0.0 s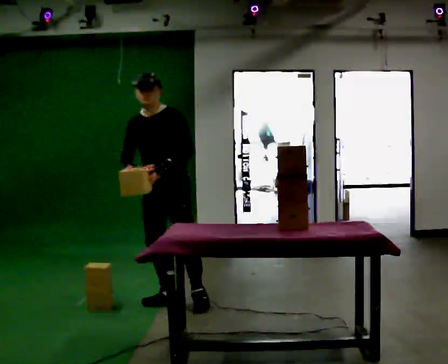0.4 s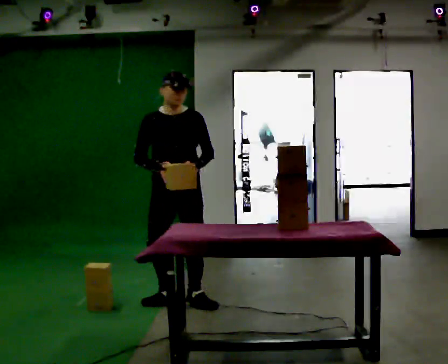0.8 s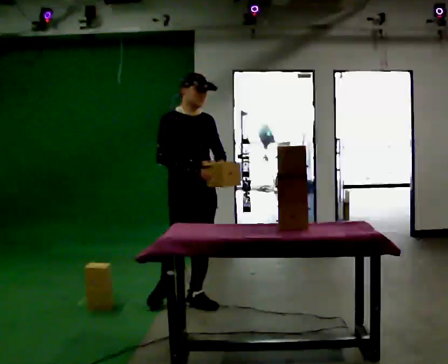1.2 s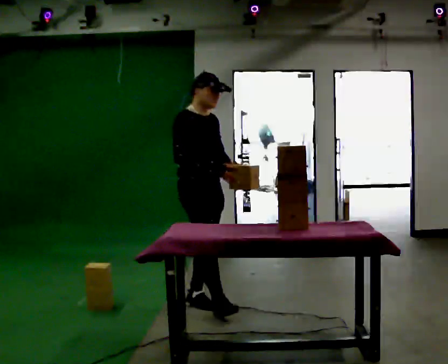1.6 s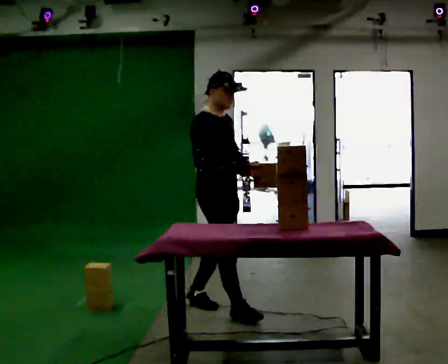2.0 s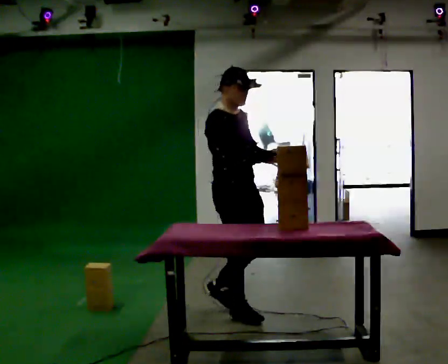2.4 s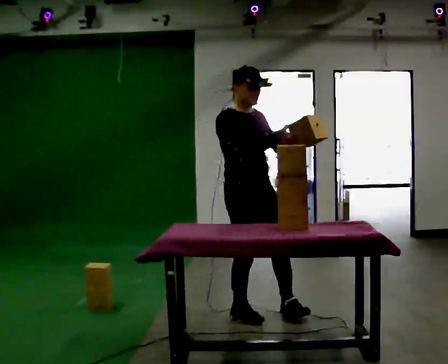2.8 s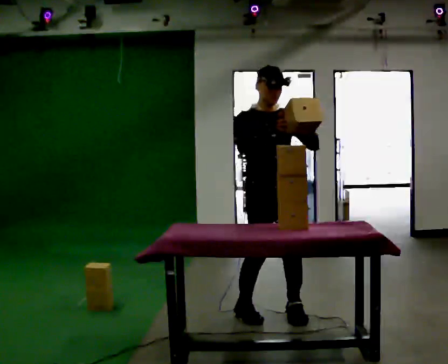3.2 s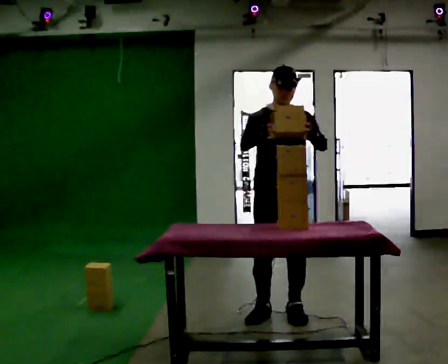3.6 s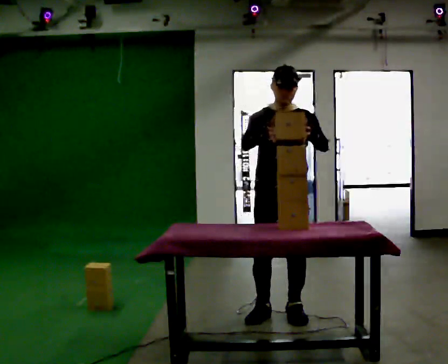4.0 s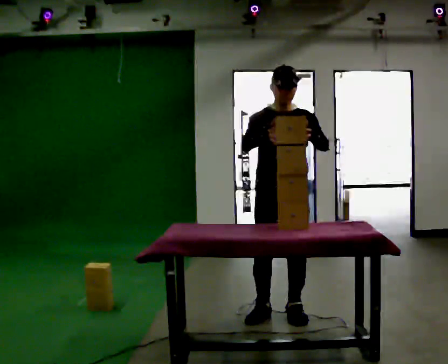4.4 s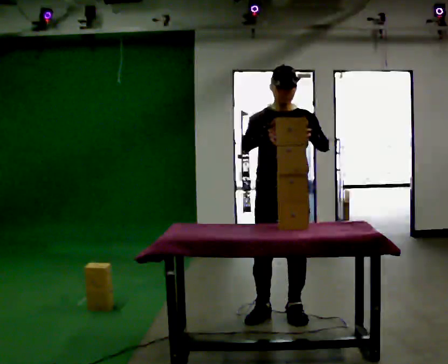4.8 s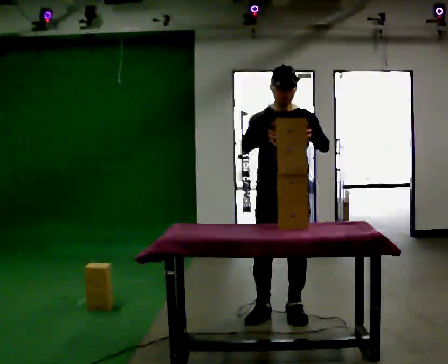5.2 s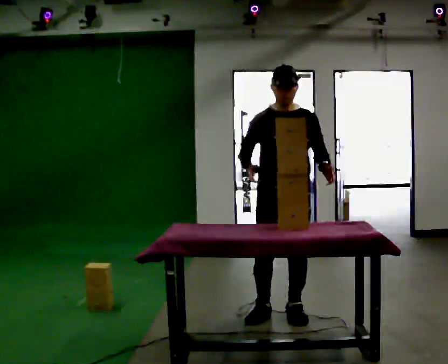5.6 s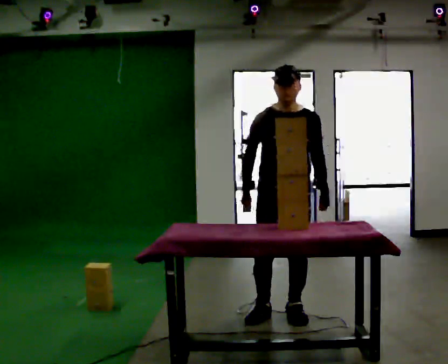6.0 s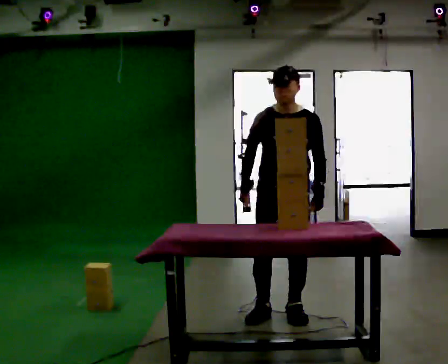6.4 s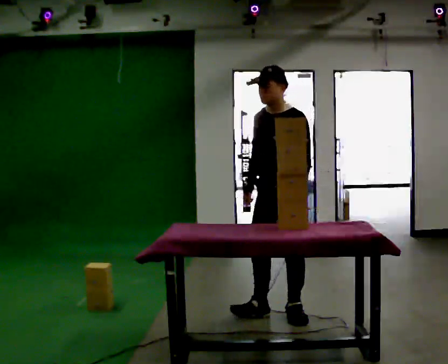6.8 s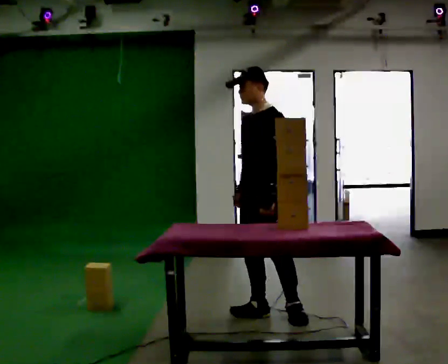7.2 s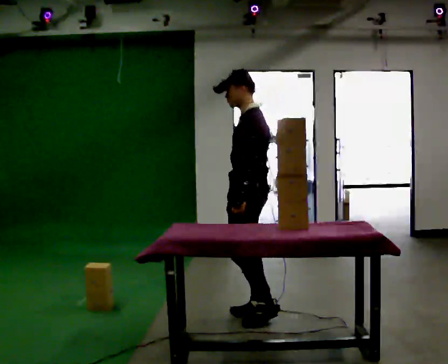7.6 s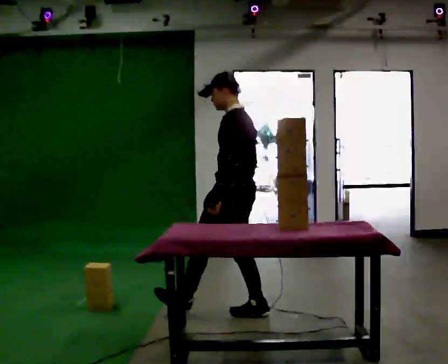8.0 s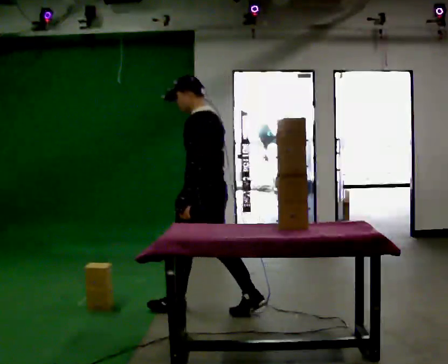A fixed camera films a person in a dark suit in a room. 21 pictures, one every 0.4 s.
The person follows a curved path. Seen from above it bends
counterclockwise.
0.0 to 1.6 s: Seen from above the body turns counterclockwise, about 90 degrees: to their left, with its near side sliding to the right. In the picture they go to the right and toward the camera, about 0.5 m in 2 steps.
1.6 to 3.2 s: The person turns about 60 degrees to their right, clockwise seen from above, so the part of the body nearest the lens slides to the left. In the picture they go to the right, about 0.5 m in 2 steps.
3.2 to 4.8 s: The person keeps their place and pose.
4.8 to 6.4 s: Seen from above the body turns clockwise, about 45 degrees: to their right, with its near side sliding to the left. In the picture their right hand goes downward.
6.4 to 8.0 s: The person turns about 75 degrees to their right, clockwise seen from above, so the part of the body nearest the lens slides to the left. In the picture they go to the left, about 0.5 m in 1 step.
The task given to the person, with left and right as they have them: Bring the boxes over one at a time and stack them on top of each other, walking back for each one. Keep going until the operator says stop; one object at a time, and do not rush between trips.
The film runs forward here.
